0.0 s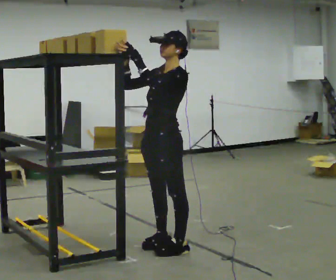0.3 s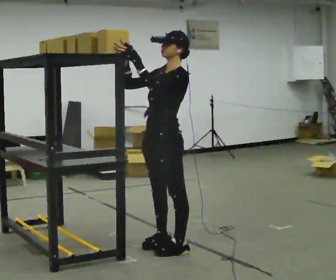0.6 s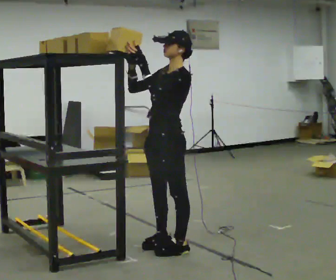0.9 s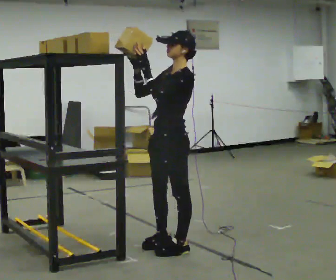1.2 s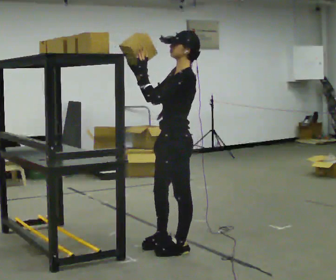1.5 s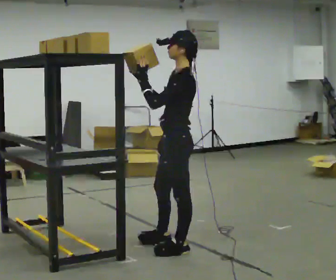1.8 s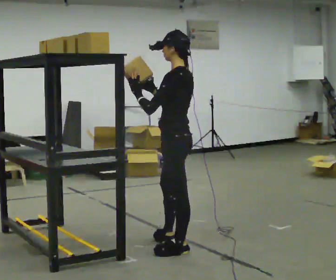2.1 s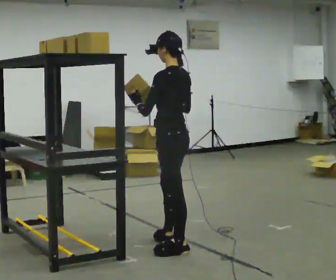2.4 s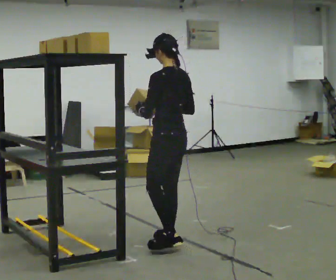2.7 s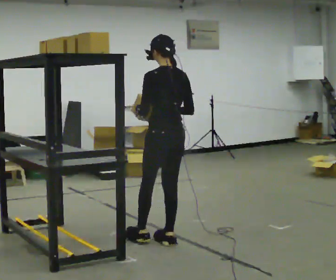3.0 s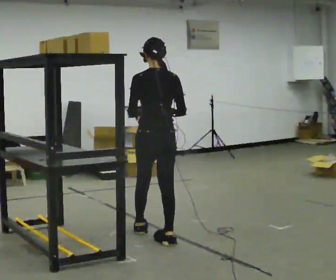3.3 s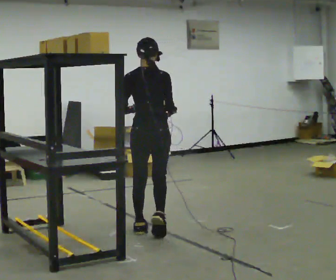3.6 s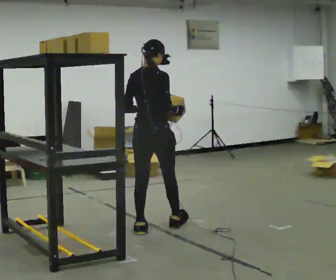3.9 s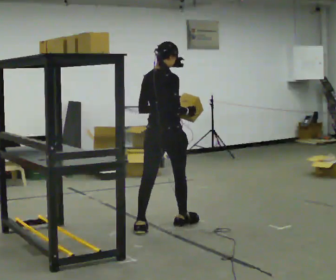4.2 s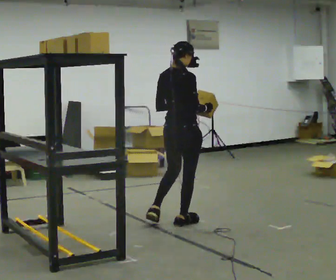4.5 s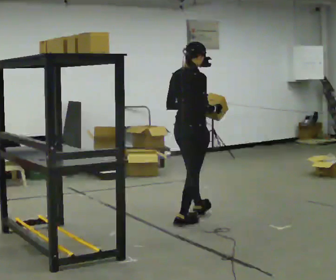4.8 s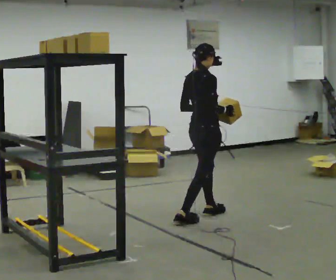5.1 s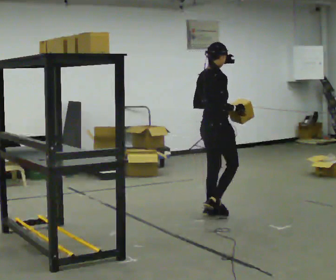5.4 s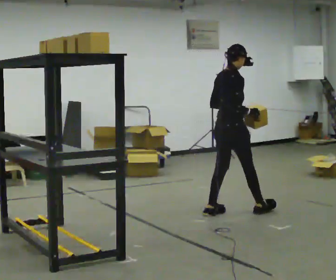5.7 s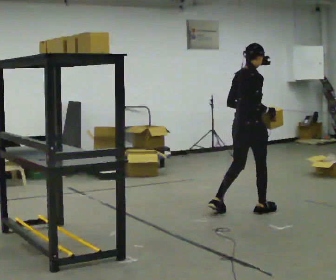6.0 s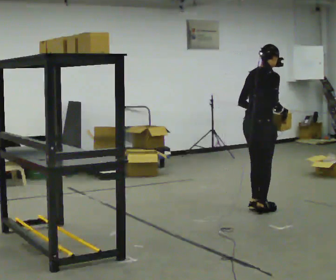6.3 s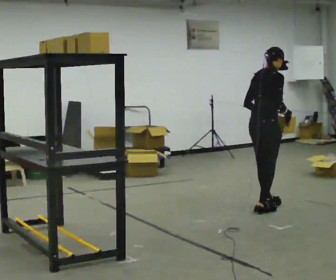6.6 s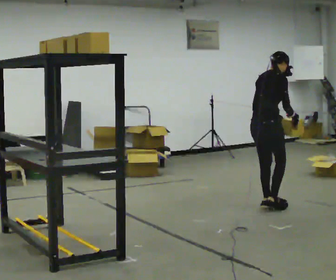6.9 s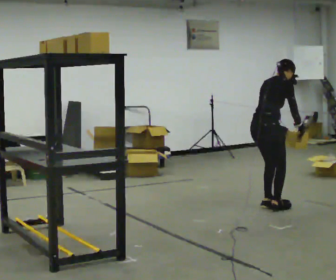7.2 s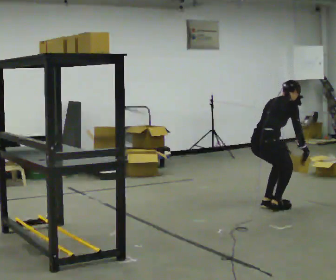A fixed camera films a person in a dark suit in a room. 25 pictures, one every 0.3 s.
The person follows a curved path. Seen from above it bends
clockwise.
Their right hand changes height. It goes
downward.
0.0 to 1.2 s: The person moves a little, or ends about where they began.
1.2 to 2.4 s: The person turns about 45 degrees to their right, clockwise seen from above, so the part of the body nearest the lens slides to the left. In the picture they go away from the camera, about 0.25 m, which for them is to their right and forward.
2.4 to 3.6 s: Seen from above the body turns clockwise, about 75 degrees: to their right, with its near side sliding to the left. In the picture they go away from the camera and to the left, about 0.5 m in 1 step.
3.6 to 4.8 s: The part of the body nearest the lens slides to the left as the person turns to their right by about 30 degrees. In the picture they go to the right and away from the camera, about 0.75 m in 2 steps, which for them is forward.
4.8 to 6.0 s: In the picture they go to the right, about 0.5 m in 1 step, which for them is forward.
6.0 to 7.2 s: The upper body goes downward. In the picture the upper body tilts clockwise, shoulders to the right, as they bend forward. In the picture their left hand goes downward.
The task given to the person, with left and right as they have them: Take an object from the highest shelf you can comfortably reach, carry it across, and place it on the lowest shelf. Keep going until the operator says stop; one object at a time, and do not rush between trips.
The film runs forward here.
